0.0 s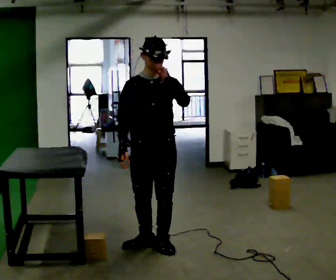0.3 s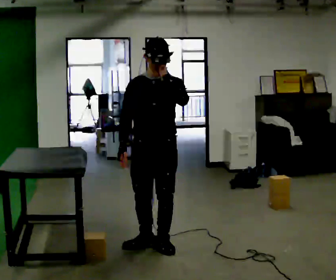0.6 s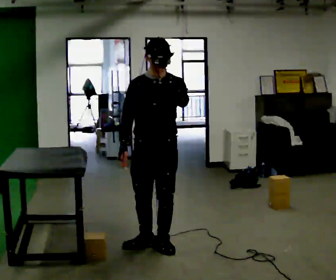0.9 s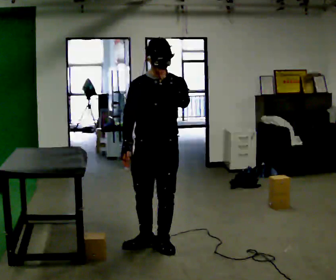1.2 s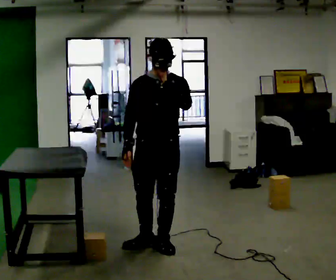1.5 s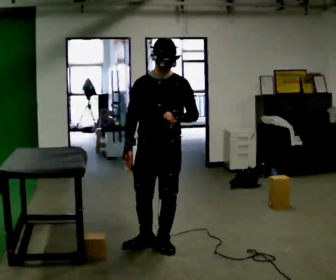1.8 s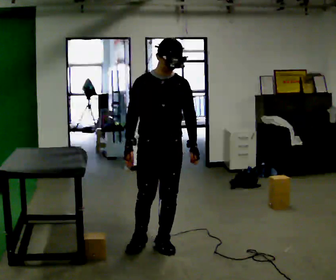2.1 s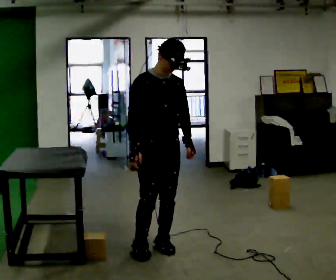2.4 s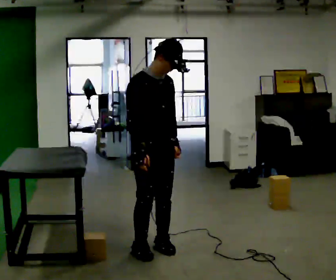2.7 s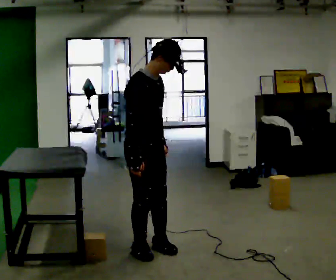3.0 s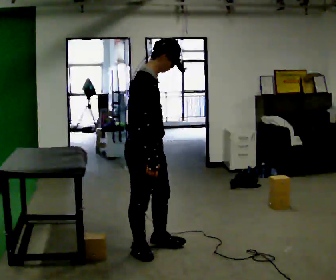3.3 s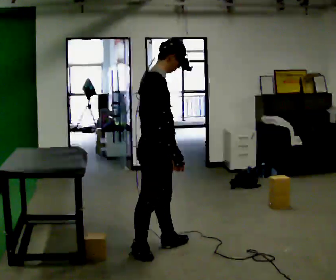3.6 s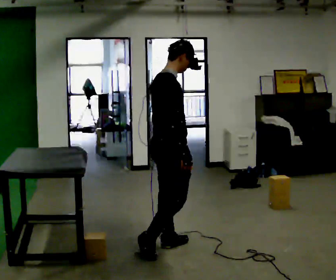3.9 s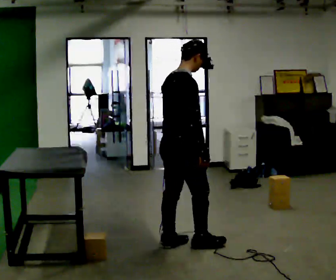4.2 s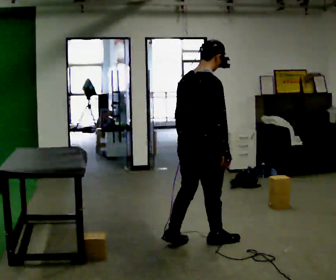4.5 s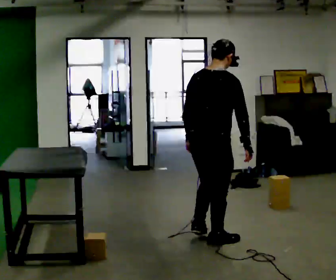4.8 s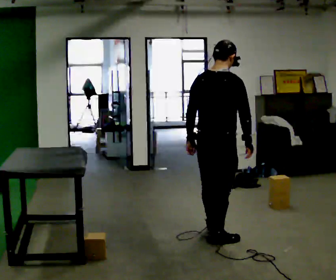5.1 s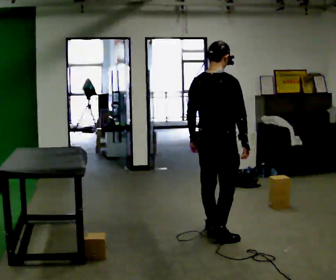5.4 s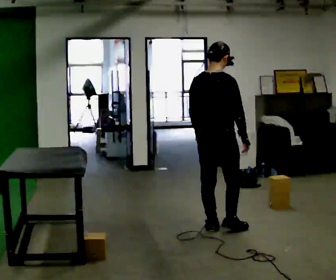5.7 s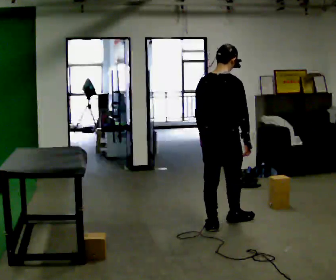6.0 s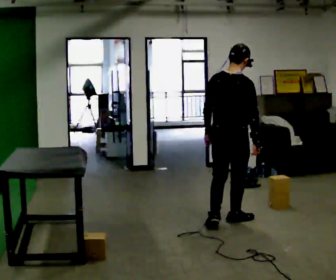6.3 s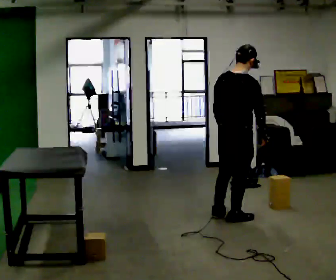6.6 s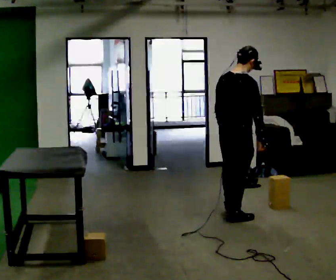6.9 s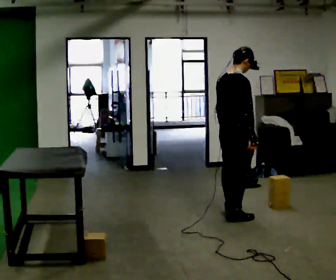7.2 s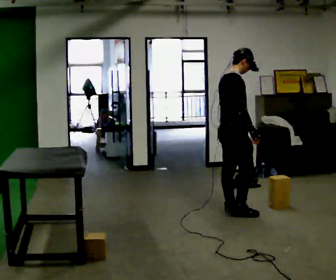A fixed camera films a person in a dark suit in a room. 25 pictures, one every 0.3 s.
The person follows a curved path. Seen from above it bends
counterclockwise.
0.0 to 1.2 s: The person moves a little, or ends about where they began.
1.2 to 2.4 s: Seen from above the body turns counterclockwise, about 45 degrees: to their left, with its near side sliding to the right. In the picture their left hand goes downward.
2.4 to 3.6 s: The part of the body nearest the lens slides to the right as the person turns to their left by about 60 degrees. In the picture their right hand goes to the right.
3.6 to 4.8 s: Seen from above the body turns counterclockwise, about 45 degrees: to their left, with its near side sliding to the right. In the picture they go to the right, about 0.5 m in 2 steps, which for them is forward and to their right.
4.8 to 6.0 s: In the picture they go away from the camera and to the right, about 0.5 m in 1 step, which for them is forward.
6.0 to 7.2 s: Seen from above the body turns clockwise, about 60 degrees: to their right, with its near side sliding to the left. In the picture they go away from the camera, about 0.25 m in 1 step, which for them is forward and to their left.
The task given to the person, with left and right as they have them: Carry the object across the room and place it on the lowest shelf, crouching down to do it. Keep going until the operator says stop; one object at a time, and do not rush between trips.
The film runs forward here.
